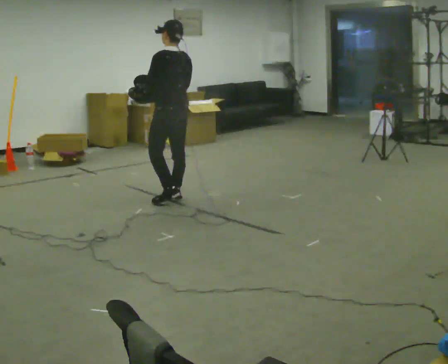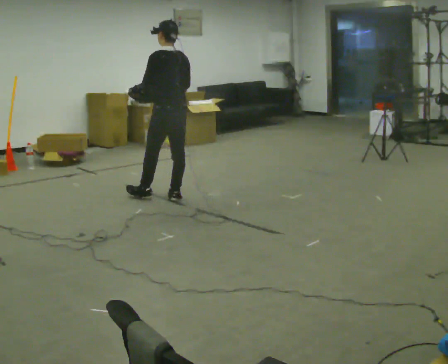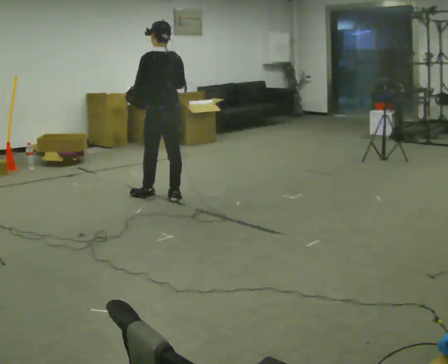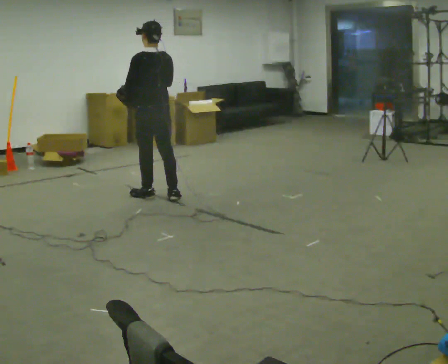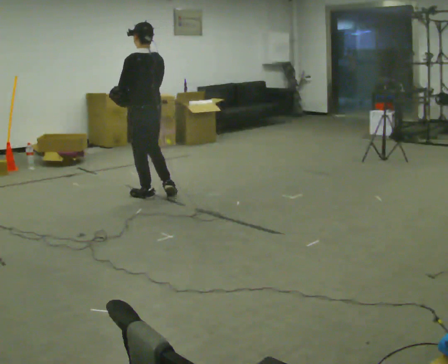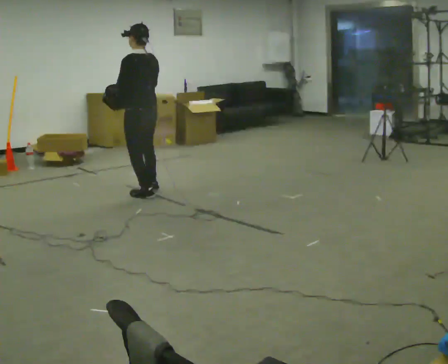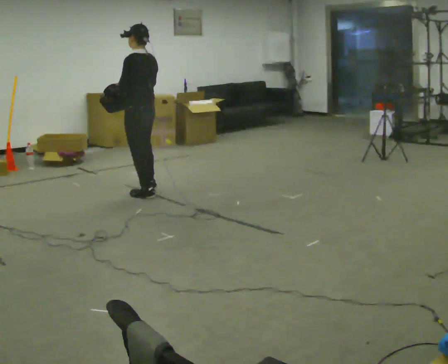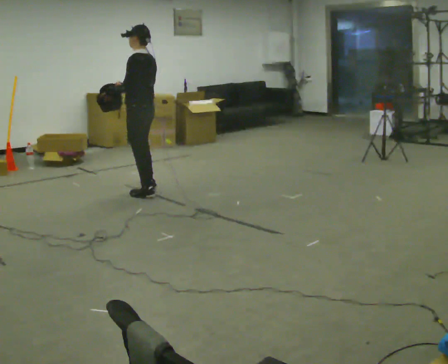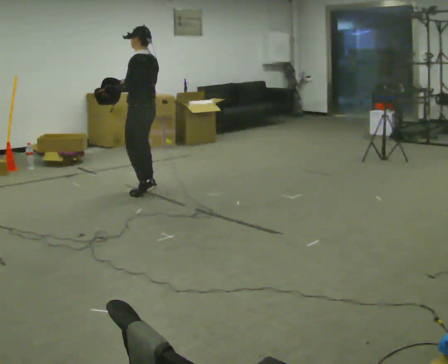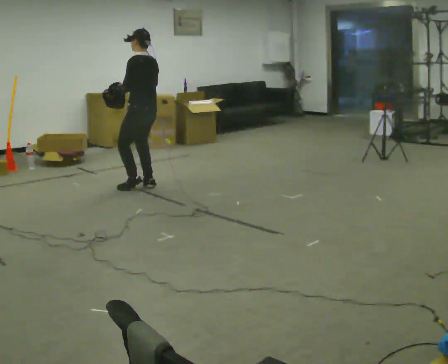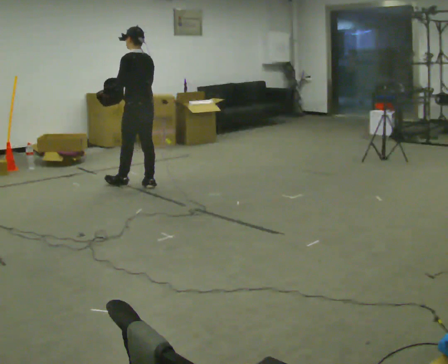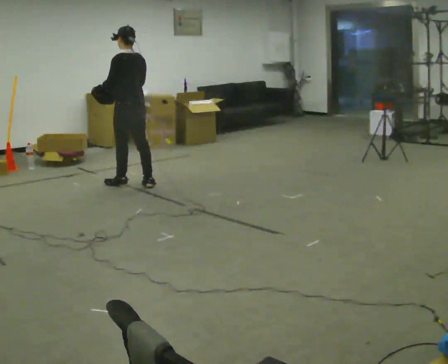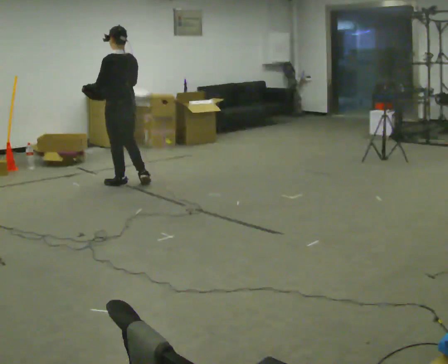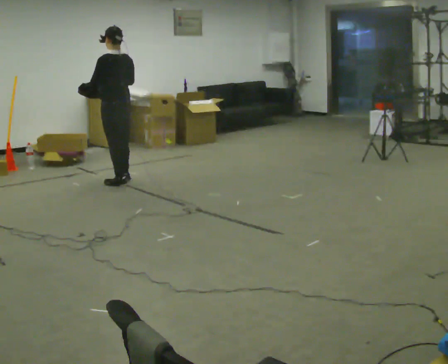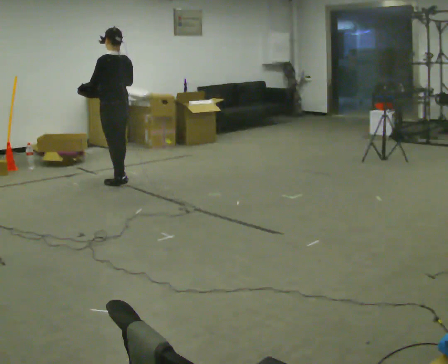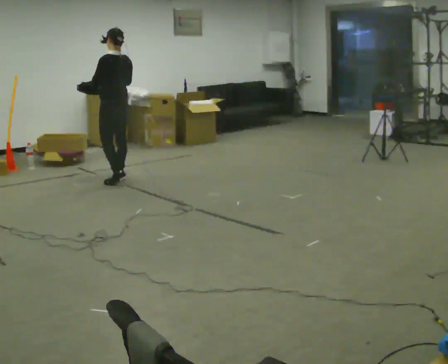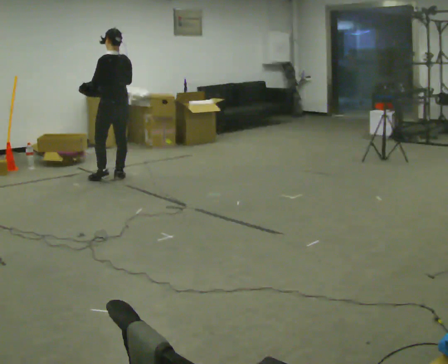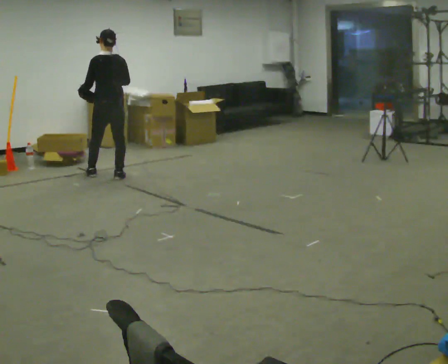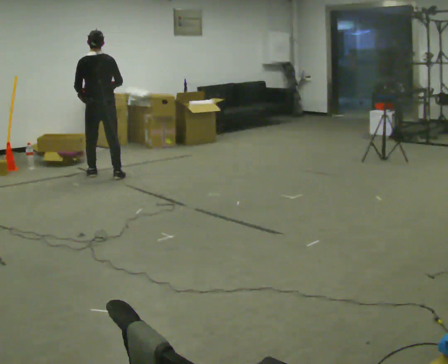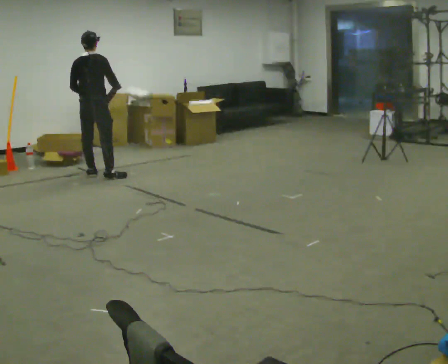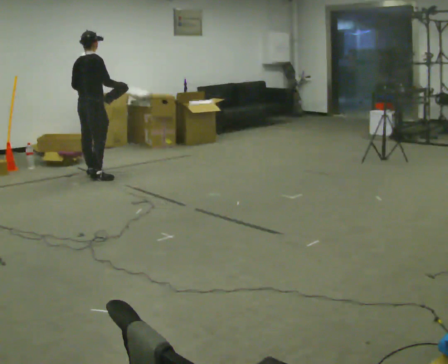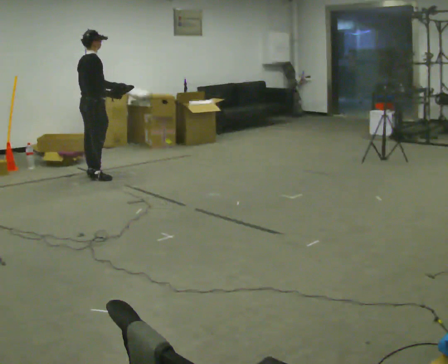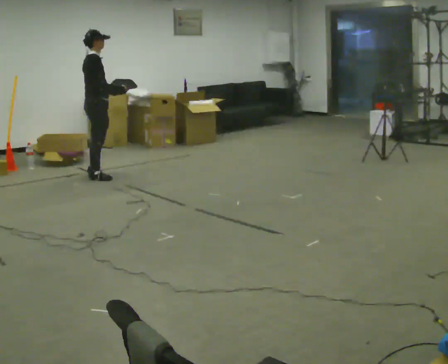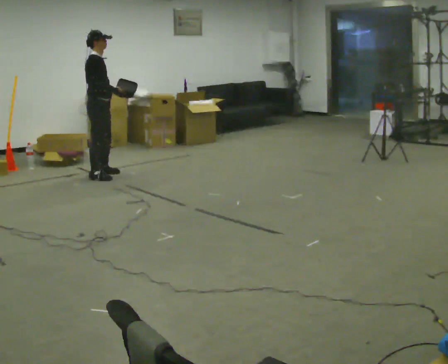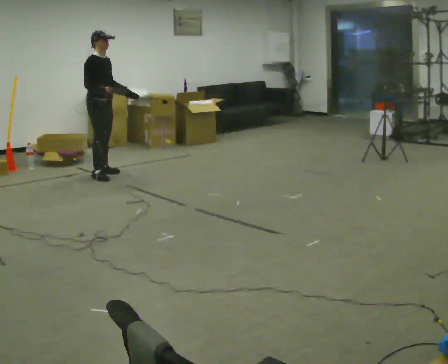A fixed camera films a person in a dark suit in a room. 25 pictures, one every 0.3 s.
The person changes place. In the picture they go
away from the camera.
0.0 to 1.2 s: In the picture they go to the left and away from the camera, about 0.25 m in 1 step, which for them is forward and to their left.
1.2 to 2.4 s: Seen from above the body turns counterclockwise, about 30 degrees: to their left, with its near side sliding to the right. In the picture they go away from the camera, about 0.5 m in 1 step, which for them is to their right and forward.
2.4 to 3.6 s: In the picture they go to the left and away from the camera, about 0.25 m in 1 step, which for them is forward.
3.6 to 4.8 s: In the picture they go away from the camera, about 0.25 m in 1 step, which for them is forward and to their right.
4.8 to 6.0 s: The person turns about 75 degrees to their right, clockwise seen from above, so the part of the body nearest the lens slides to the left. In the picture they go to the left and away from the camera, about 0.25 m in 2 steps.
6.0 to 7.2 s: The part of the body nearest the lens slides to the left as the person turns to their right by about 75 degrees.
The film runs forward here.
